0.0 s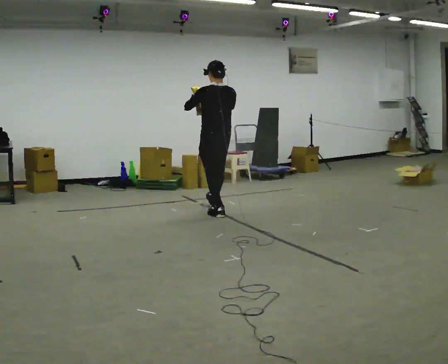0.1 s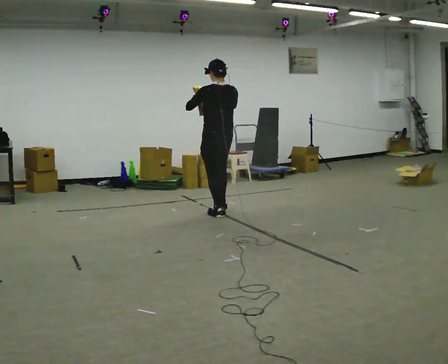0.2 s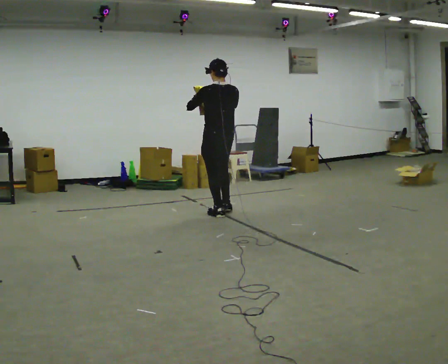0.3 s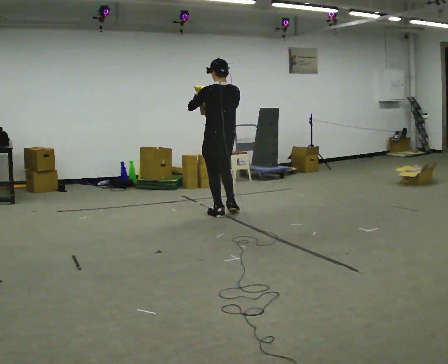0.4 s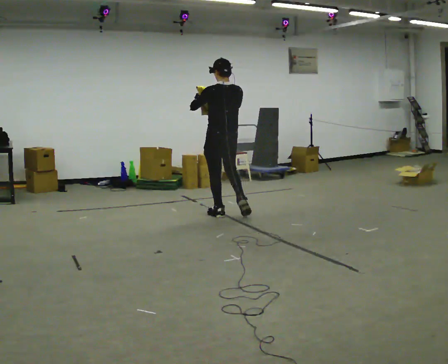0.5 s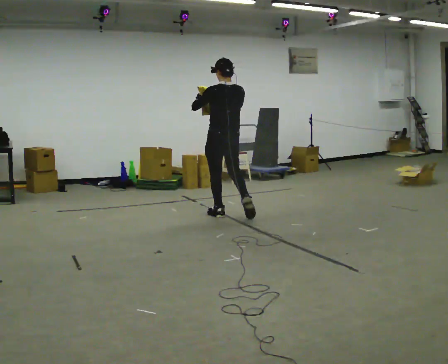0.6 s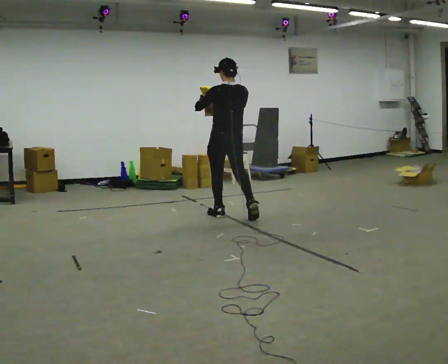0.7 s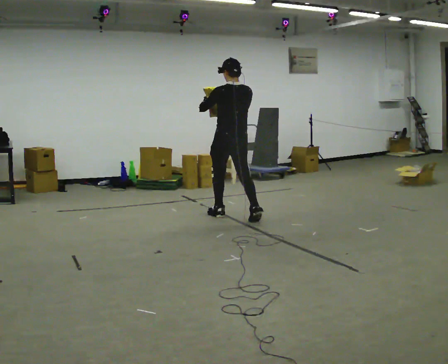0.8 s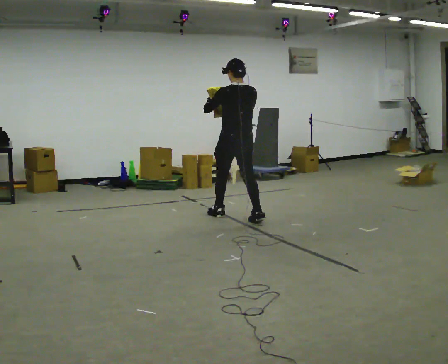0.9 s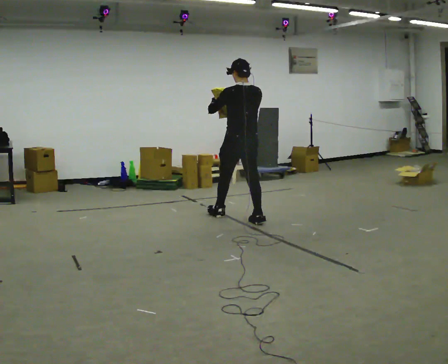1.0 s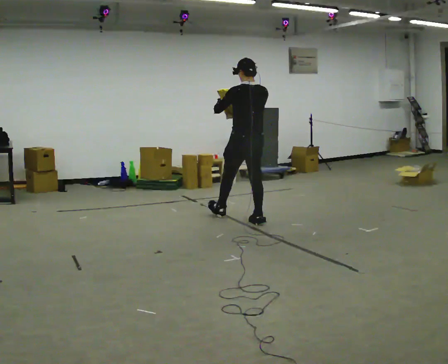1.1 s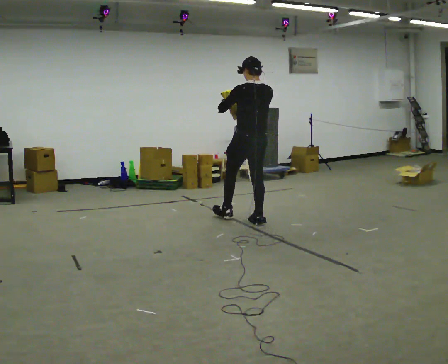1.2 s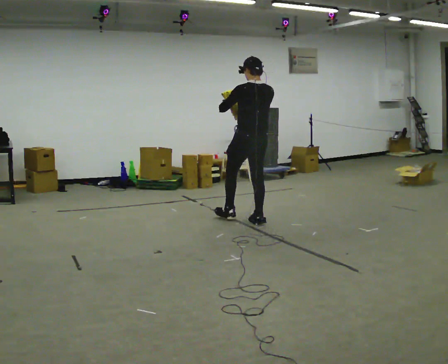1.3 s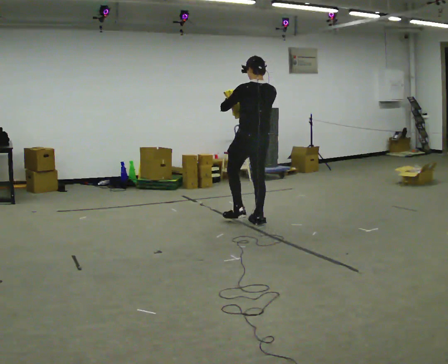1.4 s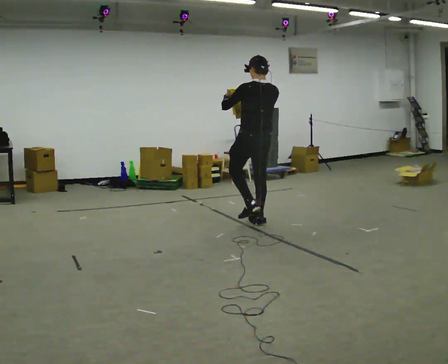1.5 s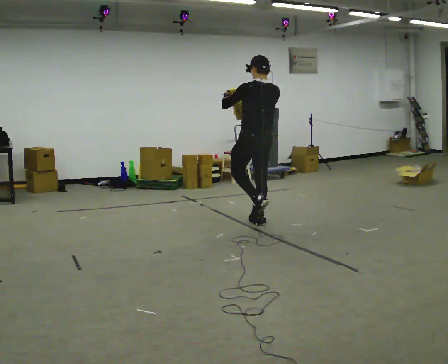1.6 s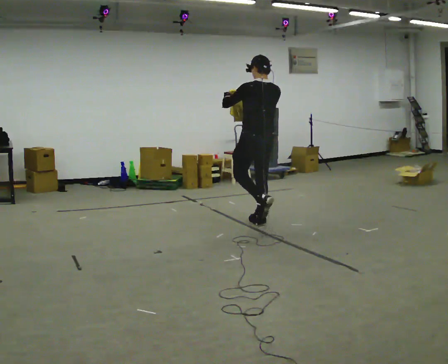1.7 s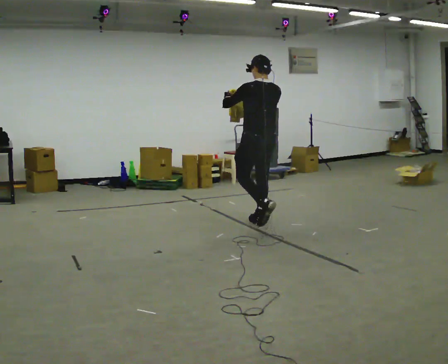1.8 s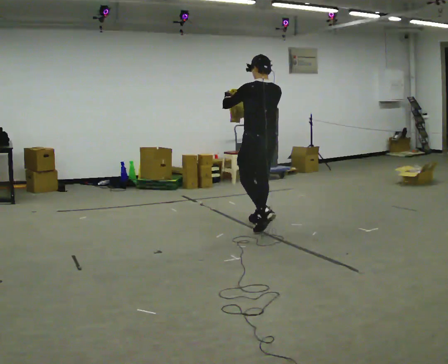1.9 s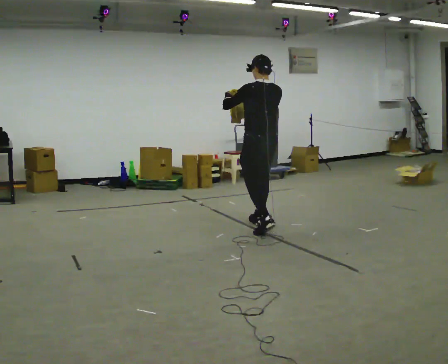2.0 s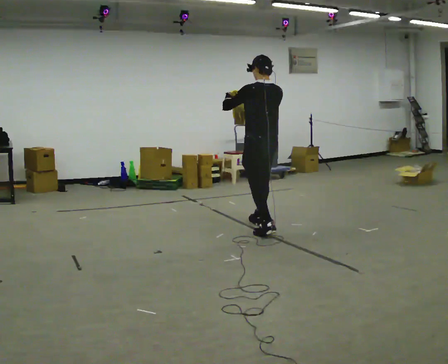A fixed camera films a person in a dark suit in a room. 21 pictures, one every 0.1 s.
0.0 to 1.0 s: In the picture they go to the right and toward the camera, about 0.5 m in 1 step, which for them is backward.
1.0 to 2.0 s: In the picture they go toward the camera and to the right, about 0.25 m, which for them is backward.
The film runs backward here.
